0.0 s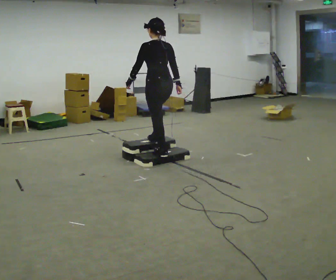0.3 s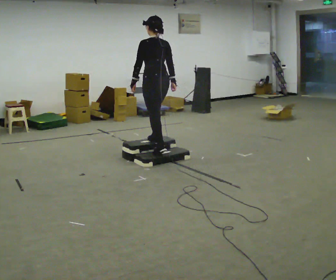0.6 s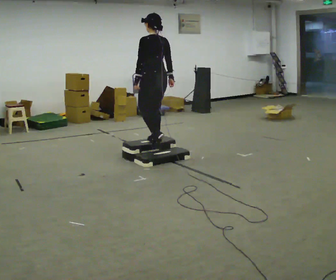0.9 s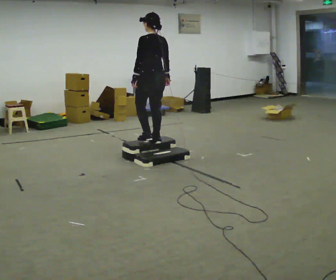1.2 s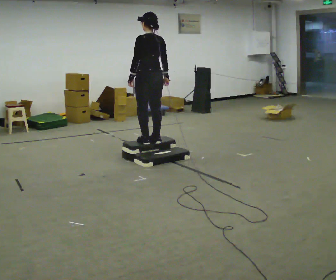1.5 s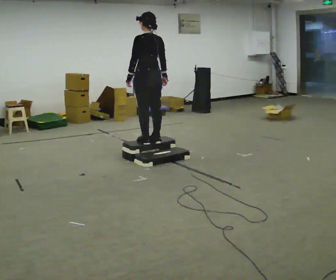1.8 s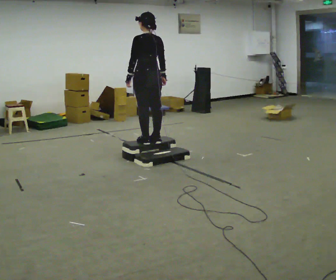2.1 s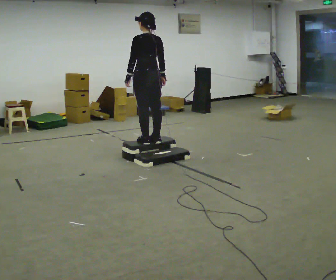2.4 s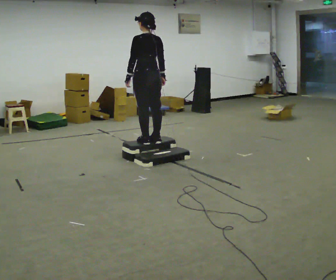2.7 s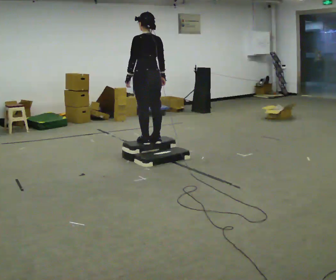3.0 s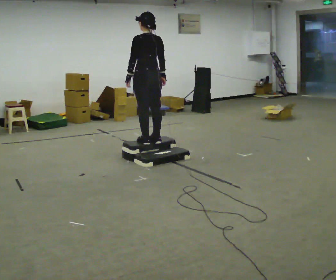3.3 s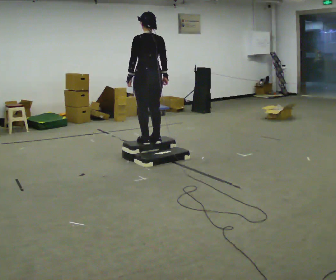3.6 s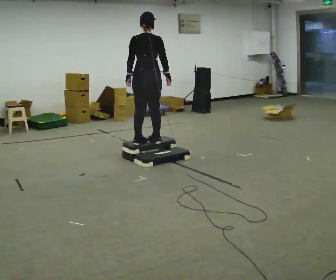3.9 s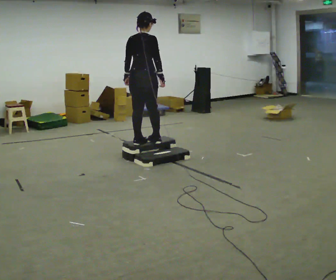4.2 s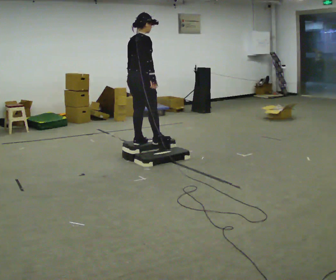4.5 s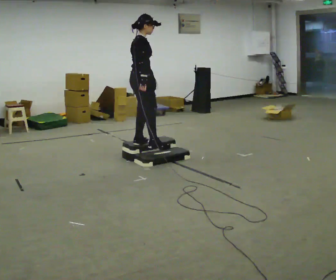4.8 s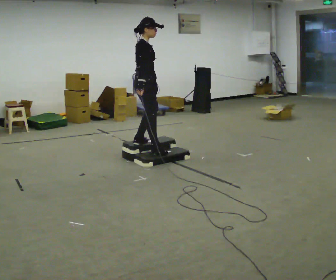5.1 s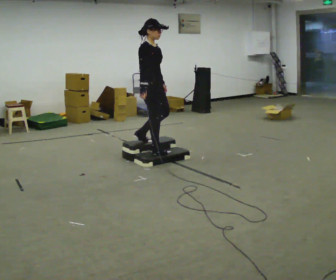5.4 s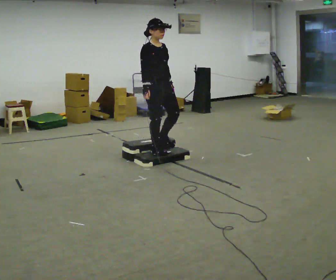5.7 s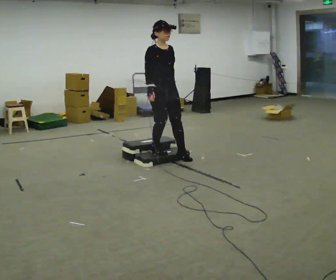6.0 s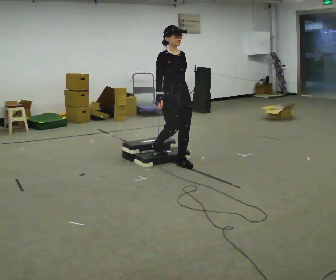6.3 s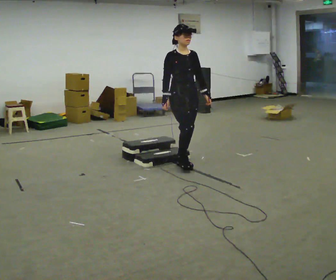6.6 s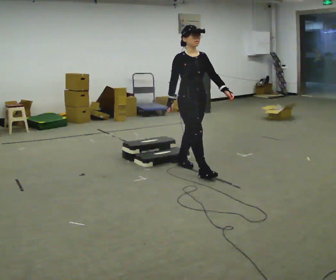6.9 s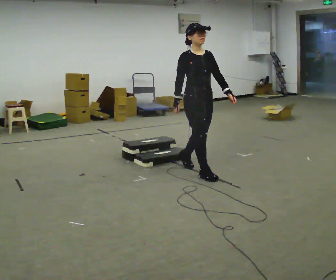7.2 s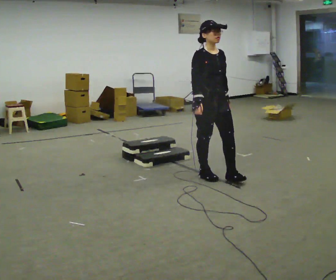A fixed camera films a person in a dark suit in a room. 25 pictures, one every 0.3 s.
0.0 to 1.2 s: In the picture they go away from the camera, about 0.25 m in 1 step, which for them is forward.
1.2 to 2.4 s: The person moves a little, or ends about where they began.
2.4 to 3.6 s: The person turns about 30 degrees to their right, clockwise seen from above, so the part of the body nearest the lens slides to the left.
3.6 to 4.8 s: The part of the body nearest the lens slides to the left as the person turns to their right by about 90 degrees. In the picture their right hand goes to the left.
4.8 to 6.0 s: The person turns about 45 degrees to their right, clockwise seen from above, so the part of the body nearest the lens slides to the left. In the picture they go to the right and toward the camera, about 0.5 m in 1 step, which for them is forward.
6.0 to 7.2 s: In the picture they go toward the camera and to the right, about 0.75 m in 1 step, which for them is forward.
The film runs forward here.
